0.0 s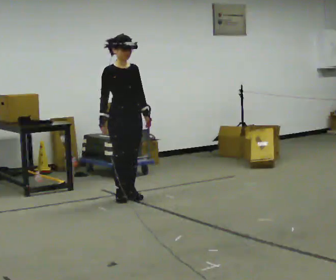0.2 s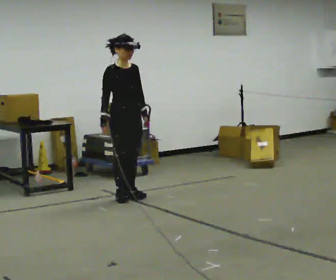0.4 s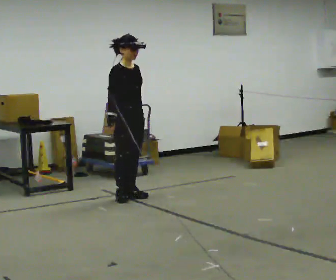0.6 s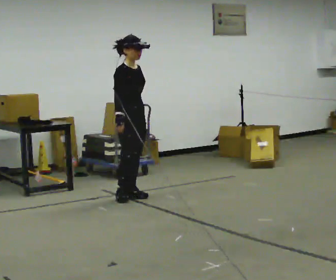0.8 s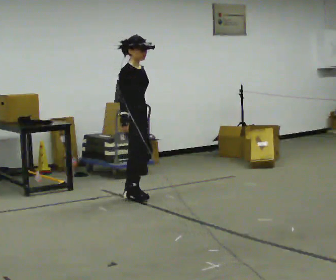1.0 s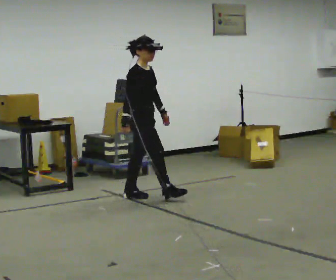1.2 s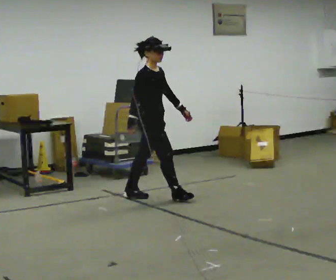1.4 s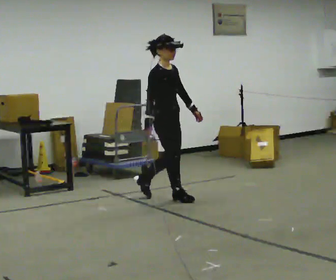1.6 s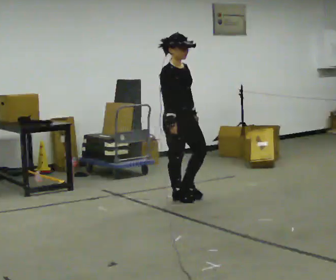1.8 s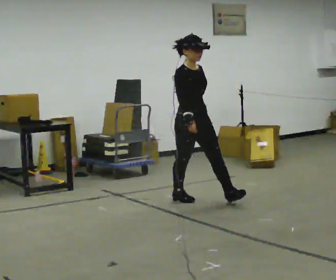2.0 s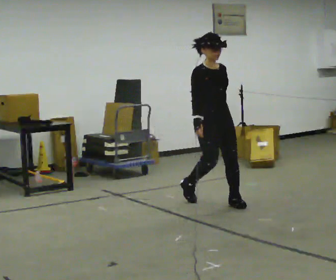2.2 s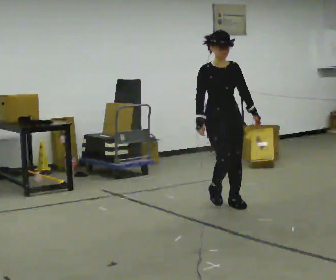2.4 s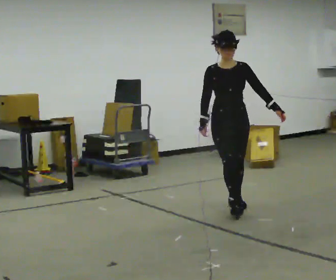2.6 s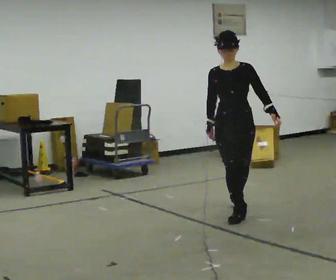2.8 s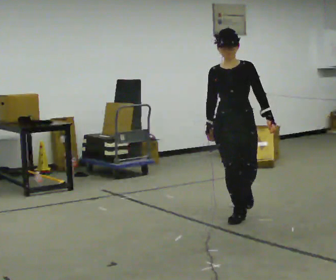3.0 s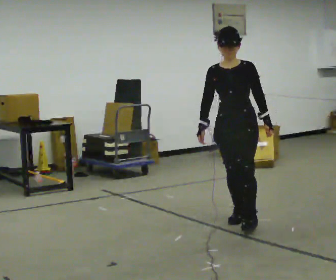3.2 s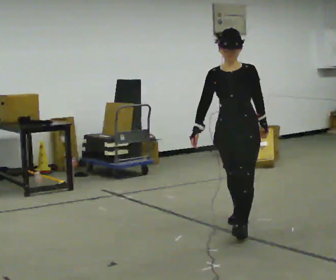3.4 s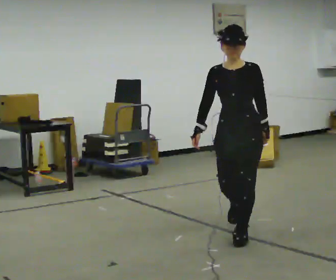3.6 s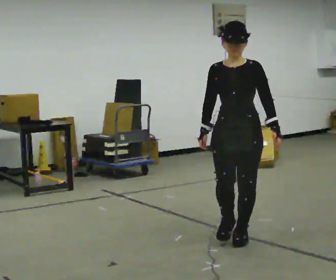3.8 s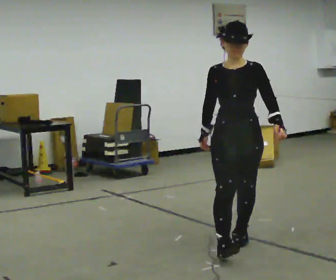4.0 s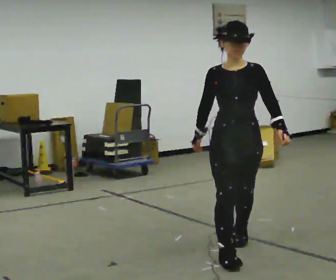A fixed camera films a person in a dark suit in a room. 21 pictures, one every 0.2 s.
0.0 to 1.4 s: Seen from above the body turns counterclockwise, about 30 degrees: to their left, with its near side sliding to the right. In the picture they go to the right, about 0.5 m in 1 step, which for them is forward.
1.4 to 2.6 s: The part of the body nearest the lens slides to the left as the person turns to their right by about 75 degrees. In the picture they go to the right and toward the camera, about 1 m in 2 steps.
2.6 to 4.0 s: In the picture they go toward the camera, about 1 m in 2 steps, which for them is forward.
The film runs forward here.
